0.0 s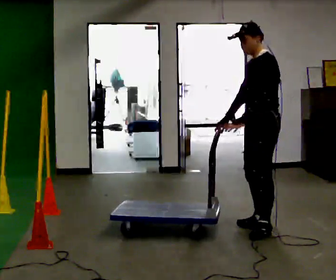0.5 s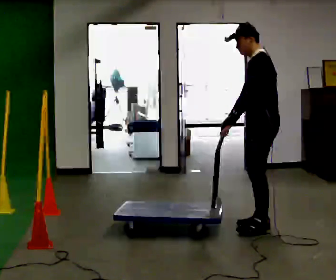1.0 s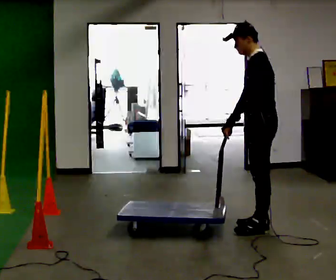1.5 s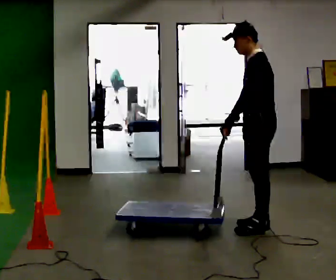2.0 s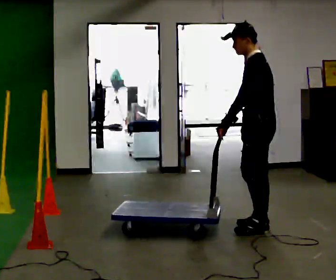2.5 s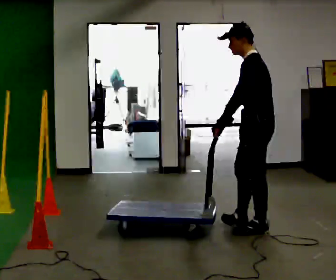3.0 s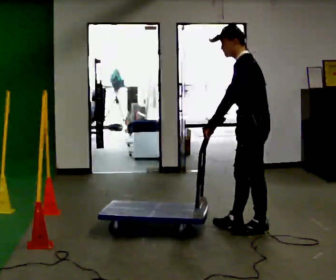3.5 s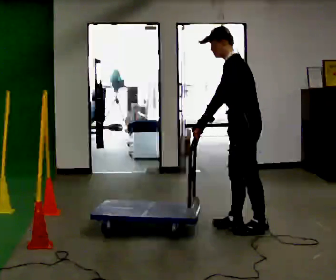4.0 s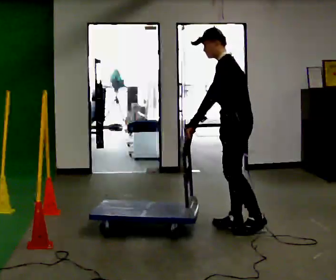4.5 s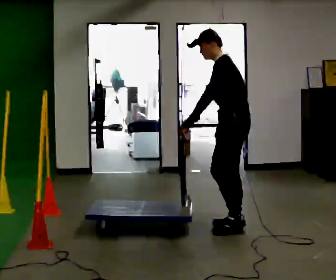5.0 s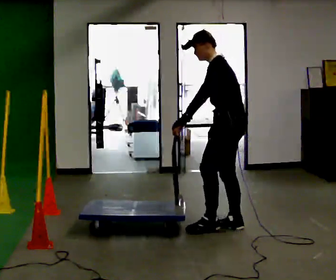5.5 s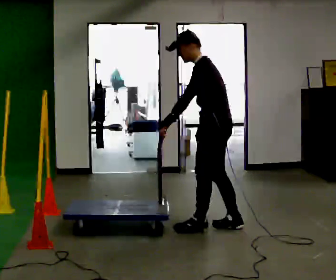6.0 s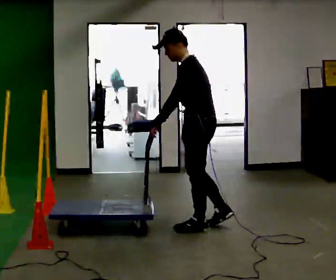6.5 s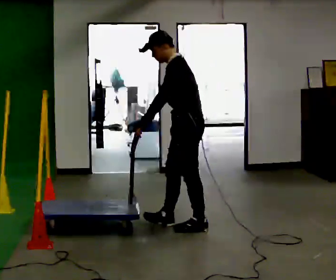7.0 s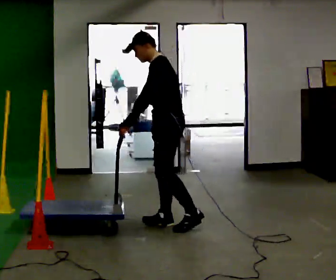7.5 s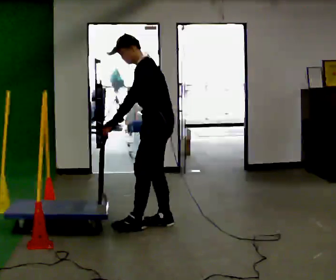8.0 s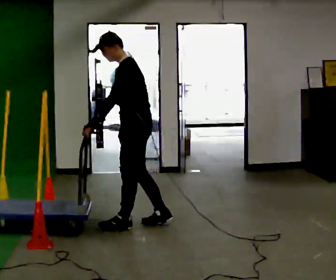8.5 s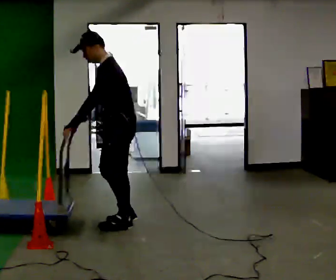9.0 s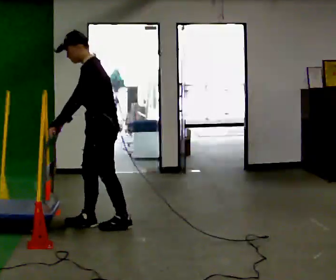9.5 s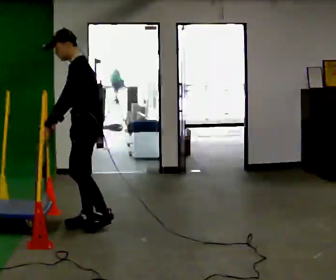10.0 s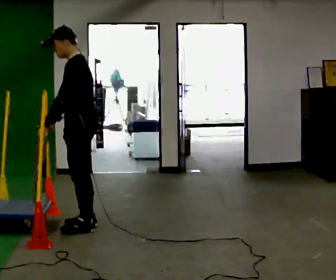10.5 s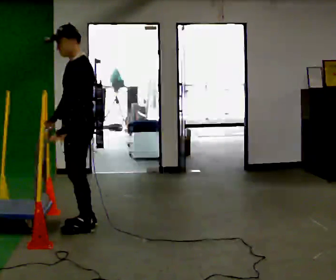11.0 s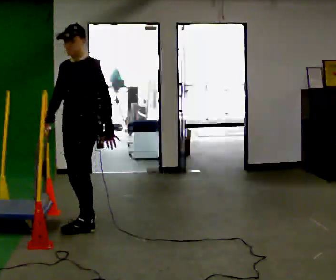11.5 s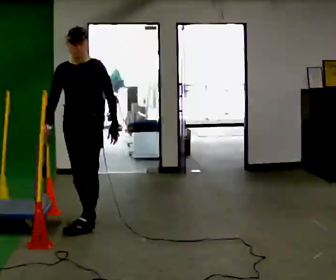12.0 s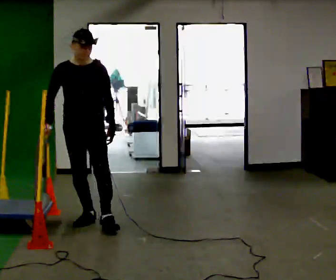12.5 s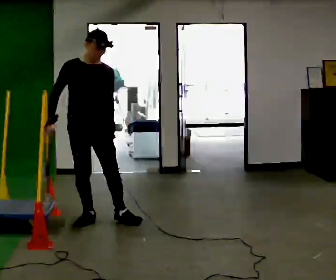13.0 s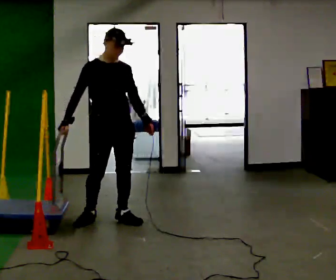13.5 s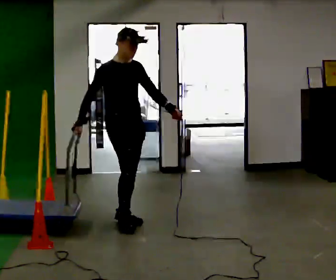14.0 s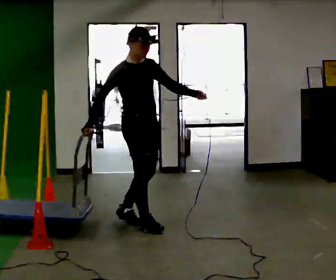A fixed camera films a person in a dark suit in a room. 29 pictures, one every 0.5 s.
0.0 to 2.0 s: The person moves a little, or ends about where they began.
2.0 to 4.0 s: In the picture they go away from the camera and to the left, about 0.25 m in 1 step, which for them is forward and to their right.
4.0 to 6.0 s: In the picture they go to the left, about 0.25 m in 1 step, which for them is forward.
6.0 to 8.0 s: In the picture they go to the left, about 0.5 m in 2 steps, which for them is forward.
8.0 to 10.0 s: In the picture they go to the left, about 0.5 m in 2 steps, which for them is forward.
10.0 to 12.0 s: Seen from above the body turns counterclockwise, about 90 degrees: to their left, with its near side sliding to the right. In the picture they go away from the camera, about 0.25 m in 1 step. In the picture their left hand goes to the right, the arm swinging counterclockwise.
12.0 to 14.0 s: Seen from above the body turns counterclockwise, about 45 degrees: to their left, with its near side sliding to the right. In the picture they go to the right, about 0.5 m in 2 steps, which for them is to their left and forward.
The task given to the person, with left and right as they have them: Get the cart into the marked parking space and lined up with the tape. Take as many adjustments as you need. Then take it out again and repeat.
The film runs forward here.
